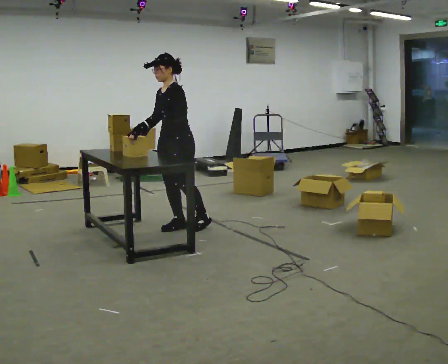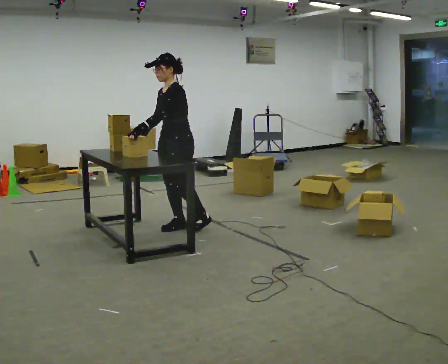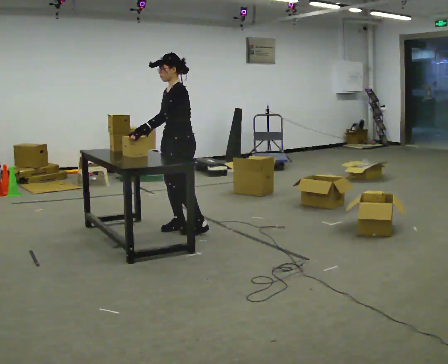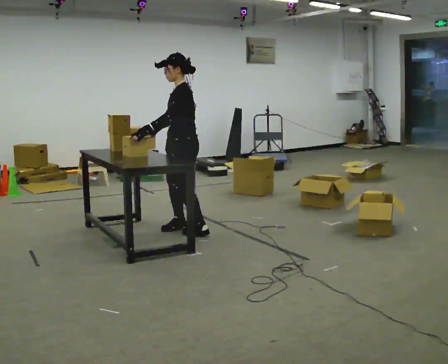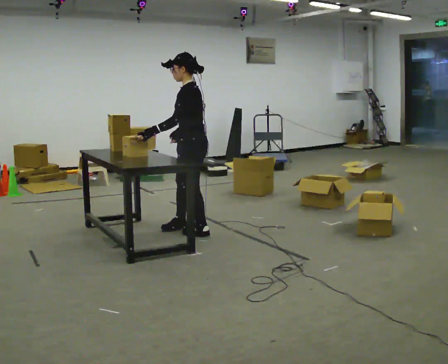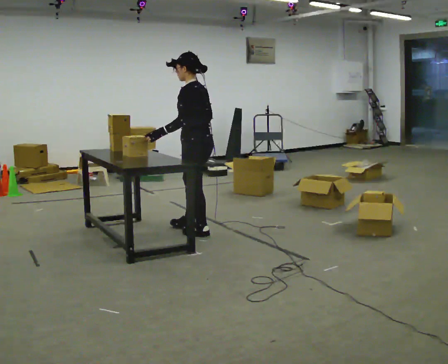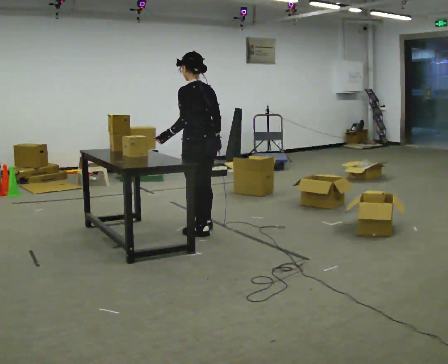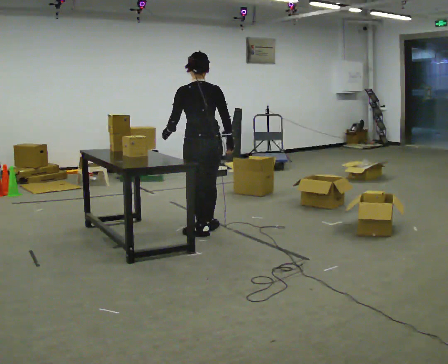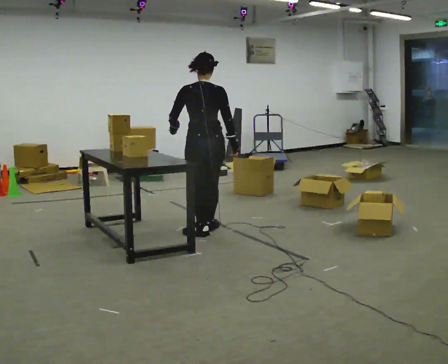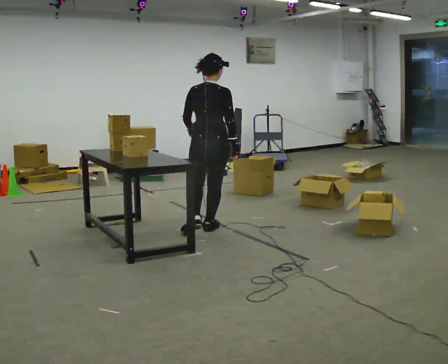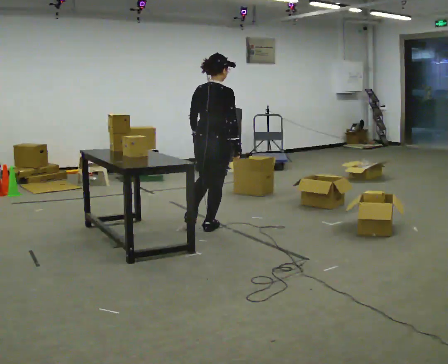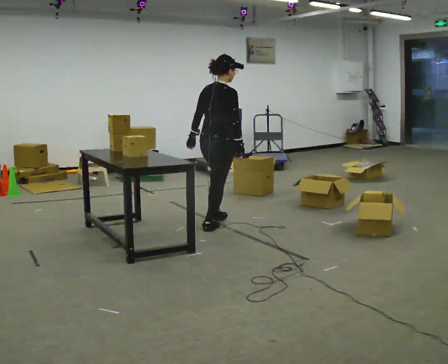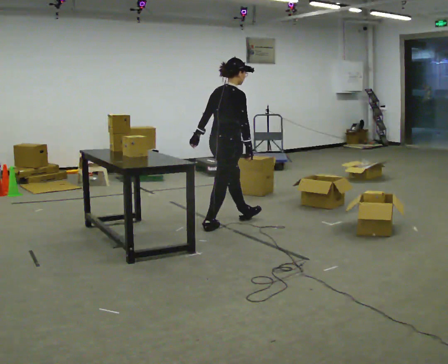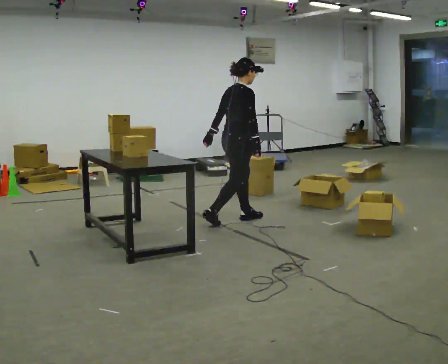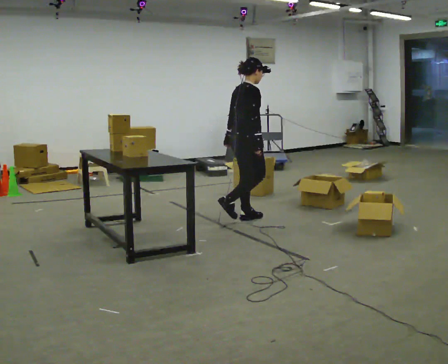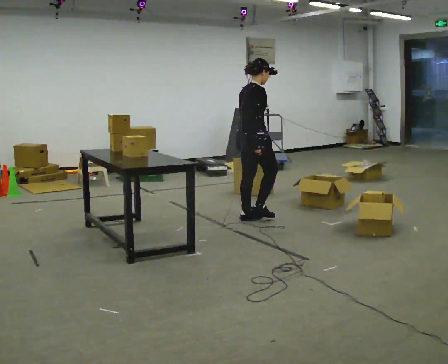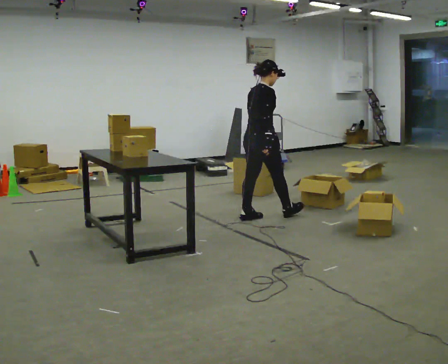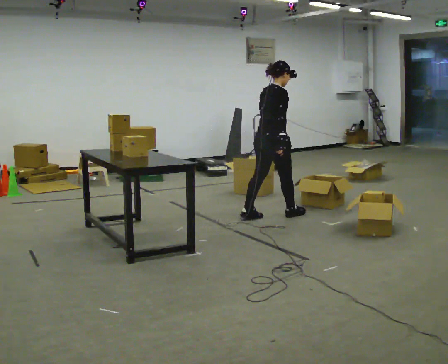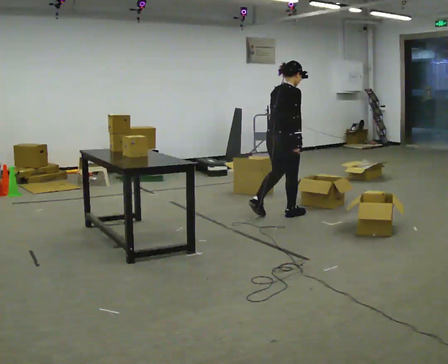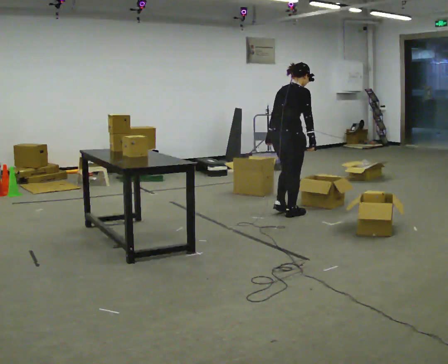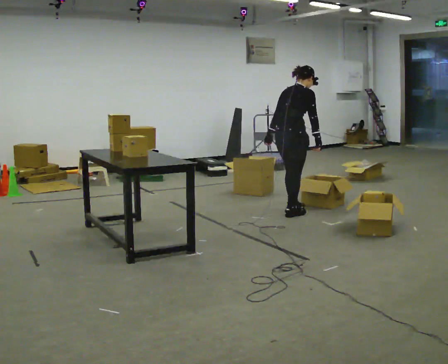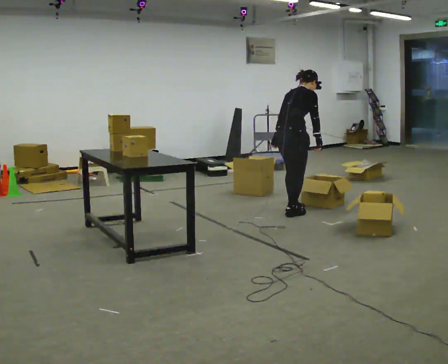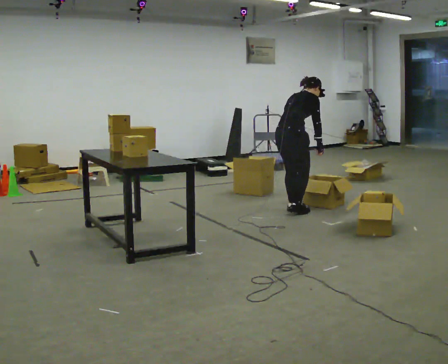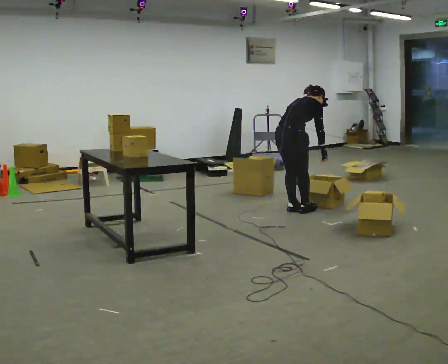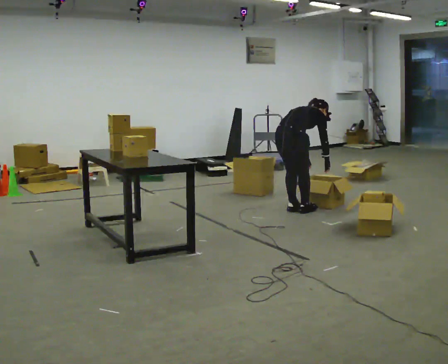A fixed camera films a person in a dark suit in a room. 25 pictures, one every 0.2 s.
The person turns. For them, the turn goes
to their right.
The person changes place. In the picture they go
to the right.
0.0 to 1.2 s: Seen from above the body turns clockwise, about 75 degrees: to their right, with its near side sliding to the left. In the picture they go to the right and toward the camera, about 0.25 m in 2 steps.
1.2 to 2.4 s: The person turns about 105 degrees to their right, clockwise seen from above, so the part of the body nearest the lens slides to the left. In the picture they go away from the camera and to the right, about 0.5 m in 1 step.
2.4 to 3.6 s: In the picture they go to the right and away from the camera, about 0.5 m in 1 step, which for them is forward.
3.6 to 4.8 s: The shoulders move downward. In the picture the upper body tilts clockwise, shoulders to the right, as they bend forward. In the picture their right hand goes to the right and downward.
The film runs forward here.
